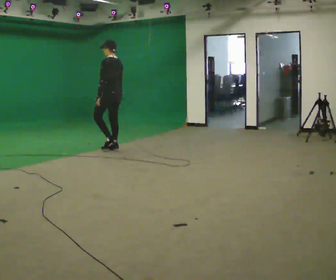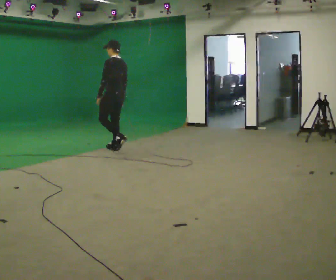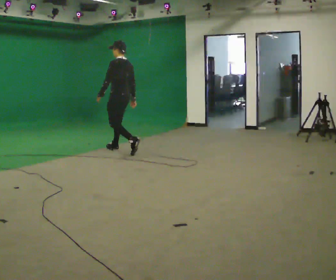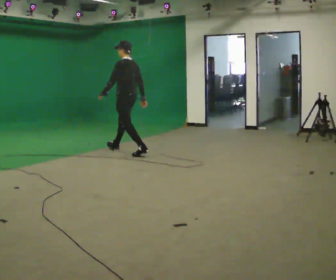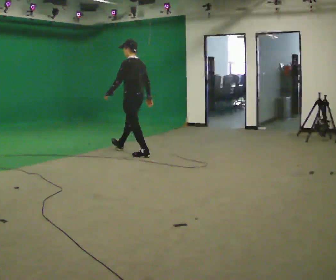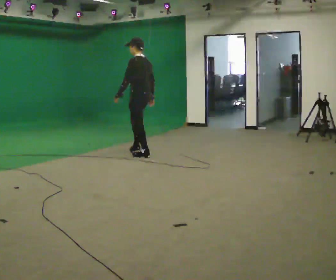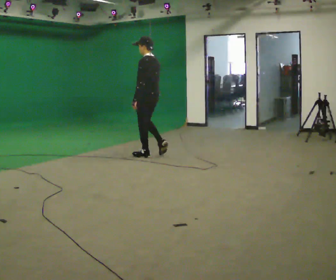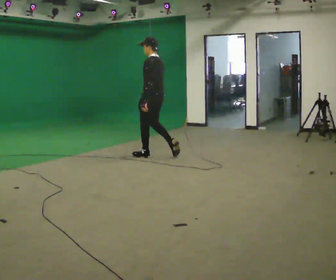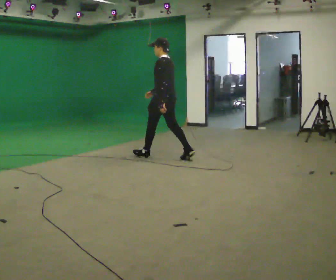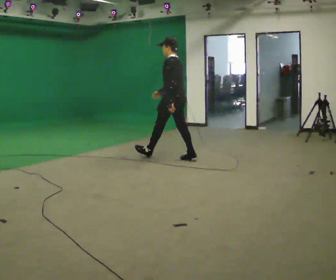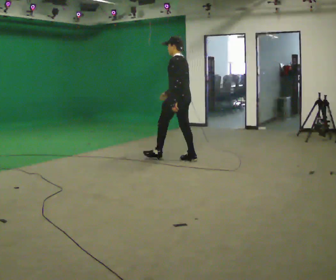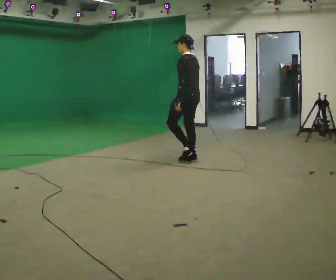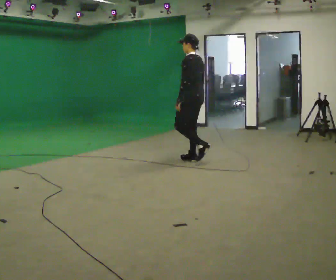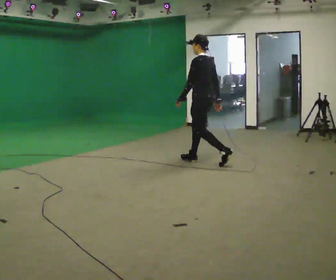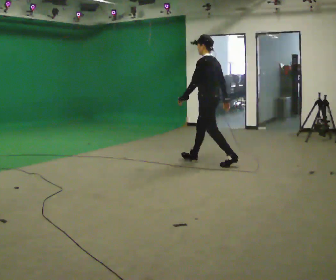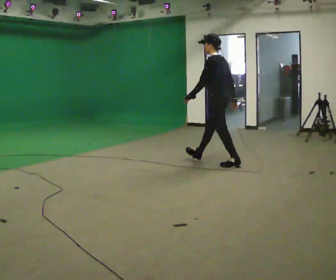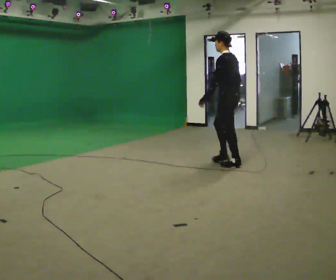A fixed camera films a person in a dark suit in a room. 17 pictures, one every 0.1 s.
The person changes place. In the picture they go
to the right.
0.0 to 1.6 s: In the picture they go to the right and toward the camera, about 2 m in 3 steps, which for them is backward.
The film runs backward here.
